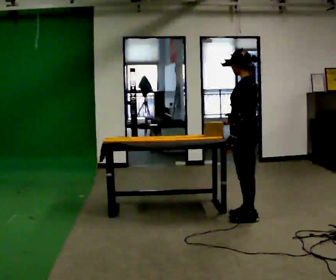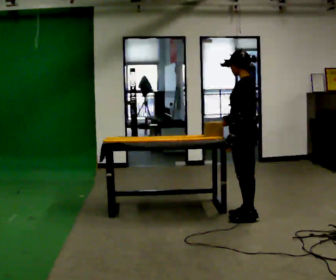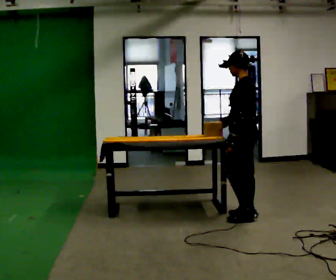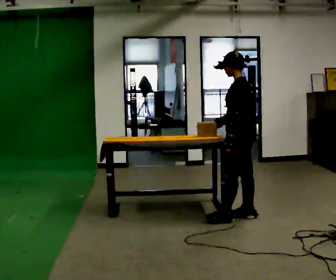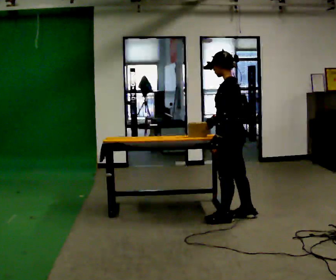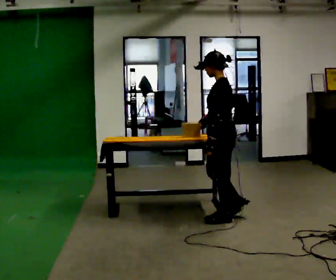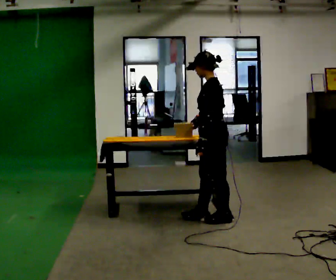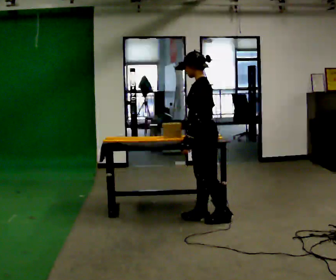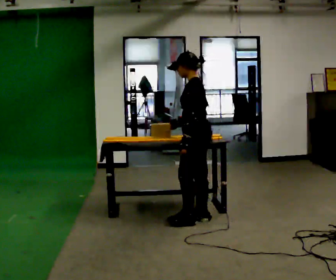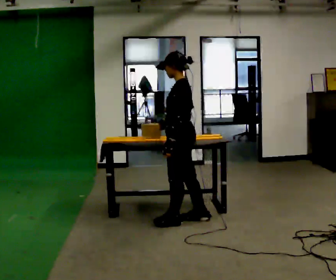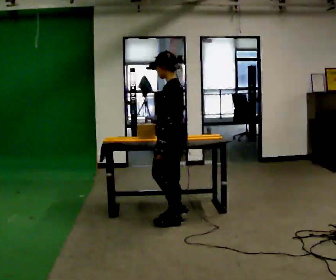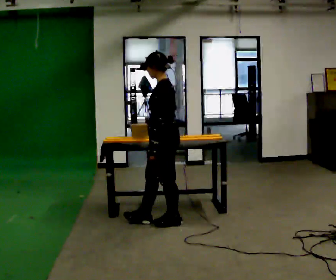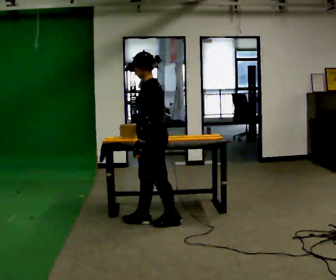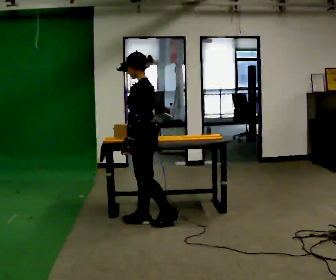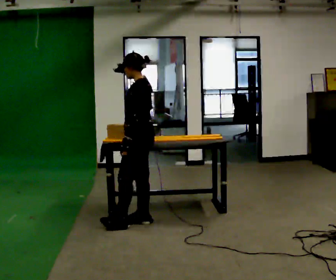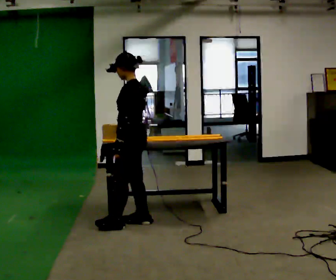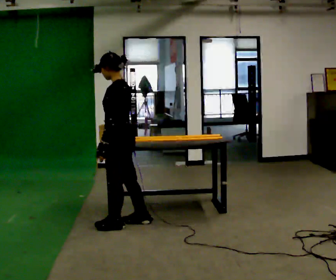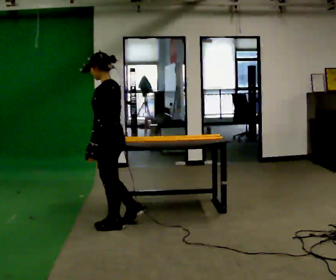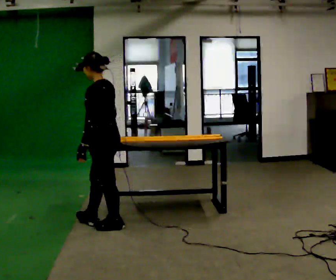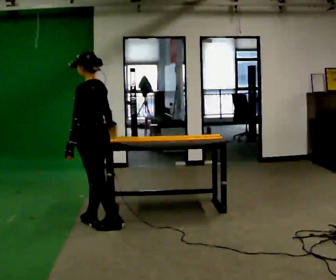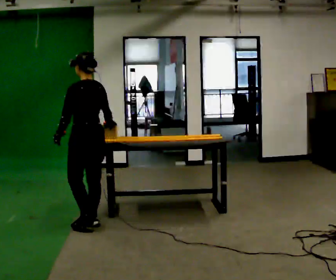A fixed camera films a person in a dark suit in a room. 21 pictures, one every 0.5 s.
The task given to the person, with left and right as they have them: Carry the object across the room and slide it into the slot on the shelf. It is a close fit, so take the time you need. Keep going until the operator says stop; one object at a time, and do not rush between trips.
0.0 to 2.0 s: The person moves a little, or ends about where they began.
2.0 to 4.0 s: In the picture they go to the left, about 0.25 m in 1 step, which for them is forward.
4.0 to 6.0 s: In the picture they go to the left, about 0.5 m in 2 steps, which for them is forward.
6.0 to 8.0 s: In the picture they go to the left, about 0.25 m in 1 step, which for them is forward.
8.0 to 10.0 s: Seen from above the body turns clockwise, about 45 degrees: to their right, with its near side sliding to the left. In the picture they go to the left, about 0.25 m in 1 step, which for them is forward.
The film runs forward here.
